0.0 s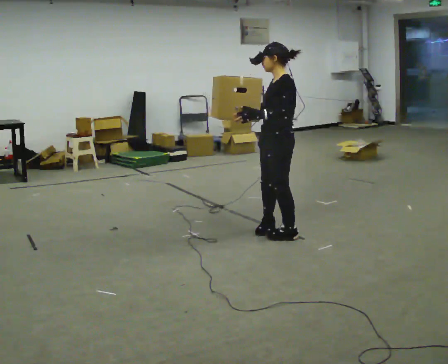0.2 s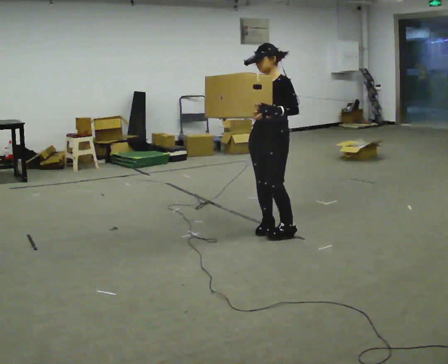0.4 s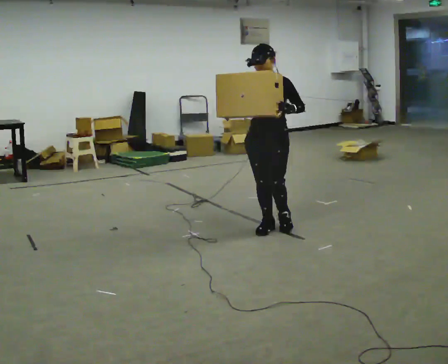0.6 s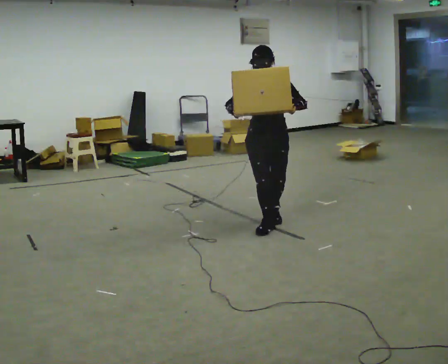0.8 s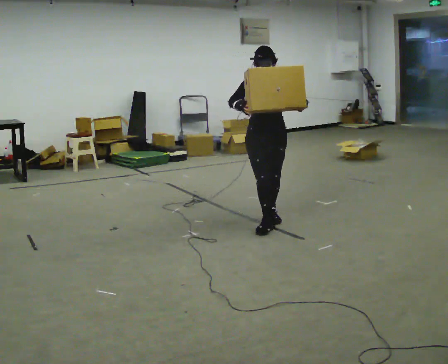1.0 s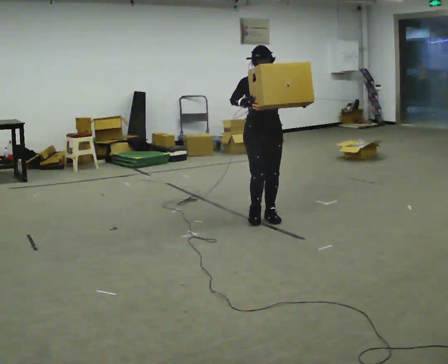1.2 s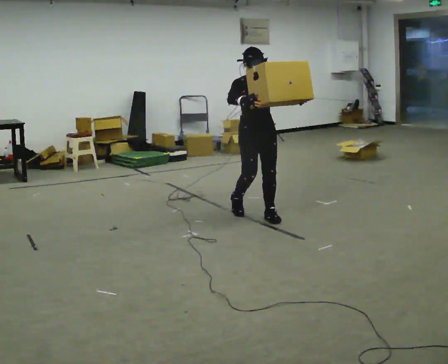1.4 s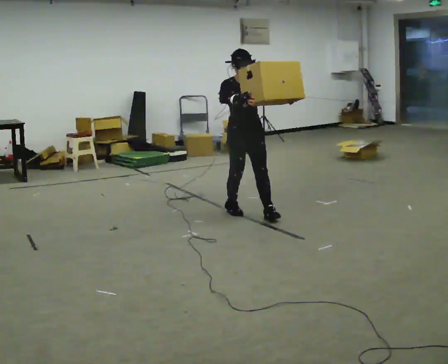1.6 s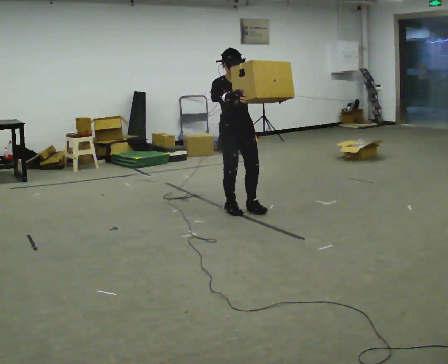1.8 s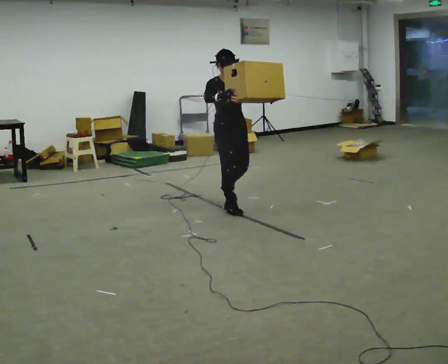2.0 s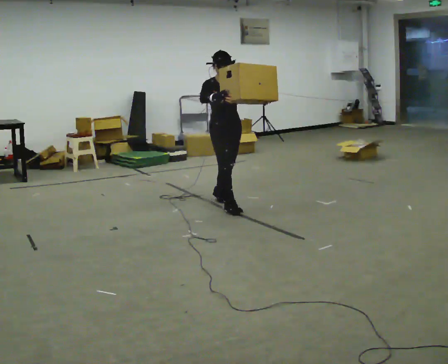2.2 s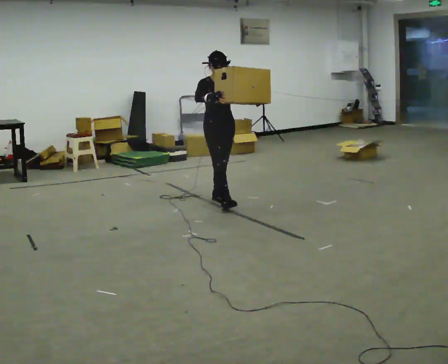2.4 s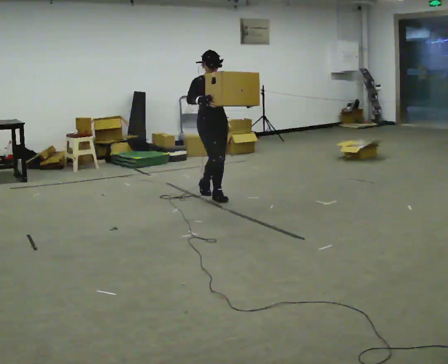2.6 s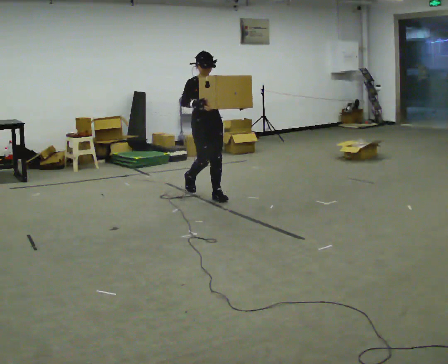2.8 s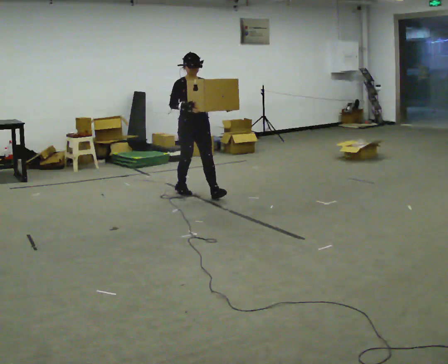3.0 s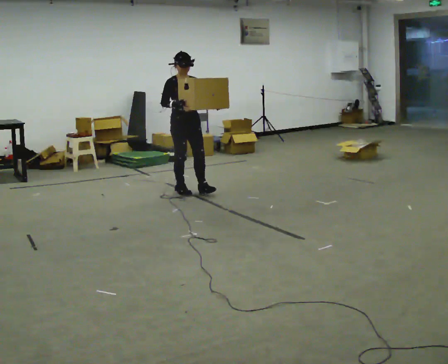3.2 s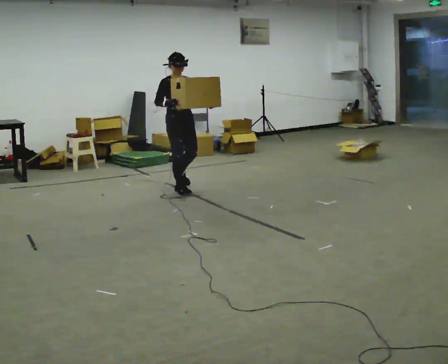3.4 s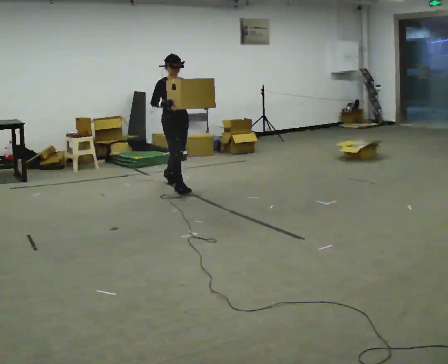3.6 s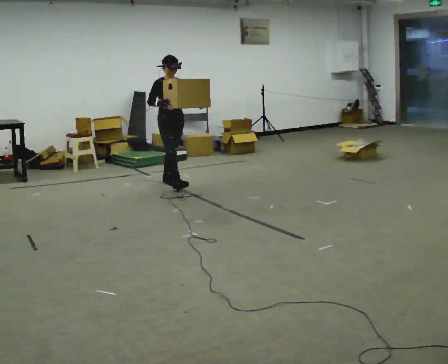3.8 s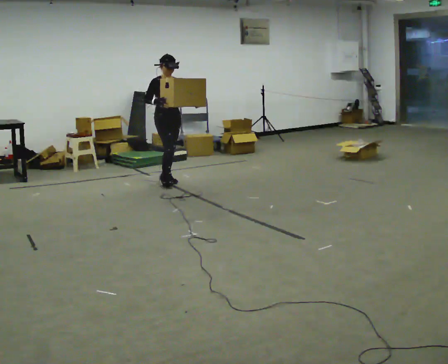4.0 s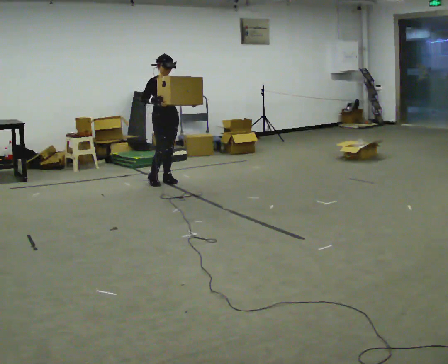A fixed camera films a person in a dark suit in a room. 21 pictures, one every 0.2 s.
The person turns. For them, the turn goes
to their left.
The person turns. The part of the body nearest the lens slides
to the right.
0.0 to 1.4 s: The person turns about 105 degrees to their left, counterclockwise seen from above, so the part of the body nearest the lens slides to the right. In the picture they go away from the camera and to the left, about 0.75 m in 2 steps.
1.4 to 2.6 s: In the picture they go away from the camera and to the left, about 0.5 m in 2 steps, which for them is backward.
2.6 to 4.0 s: In the picture they go away from the camera and to the left, about 1 m in 2 steps, which for them is backward.
The film runs backward here.
